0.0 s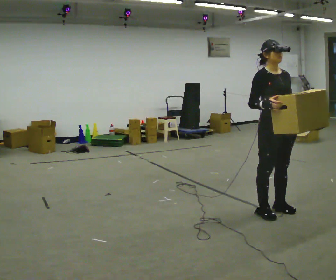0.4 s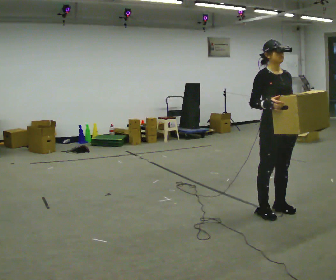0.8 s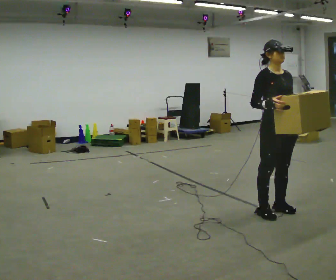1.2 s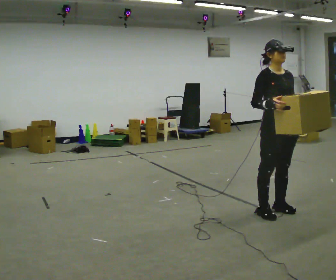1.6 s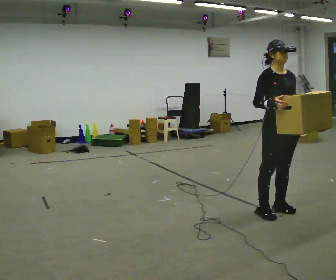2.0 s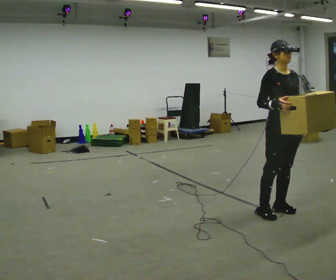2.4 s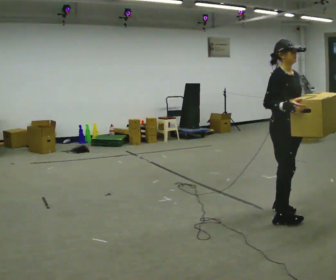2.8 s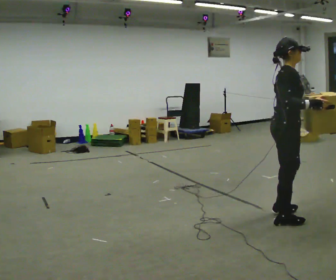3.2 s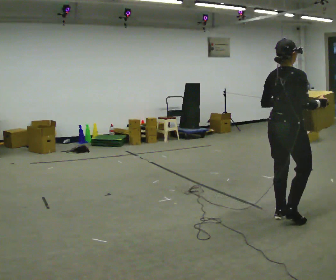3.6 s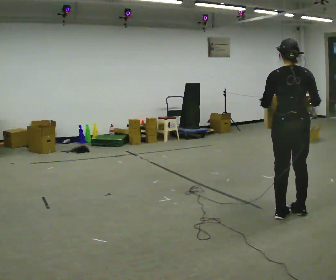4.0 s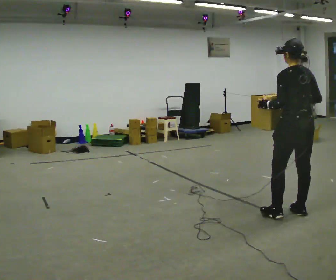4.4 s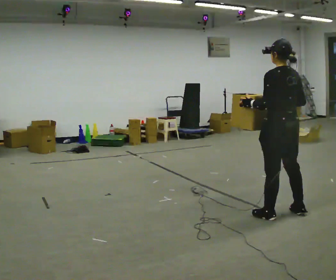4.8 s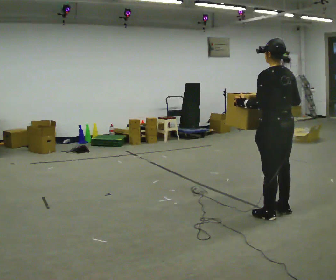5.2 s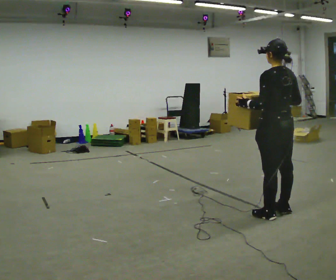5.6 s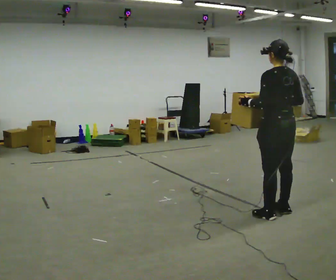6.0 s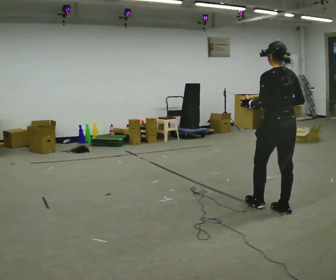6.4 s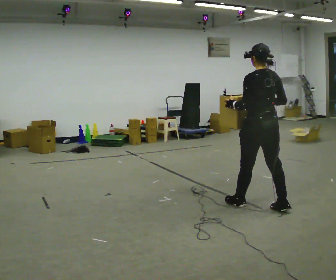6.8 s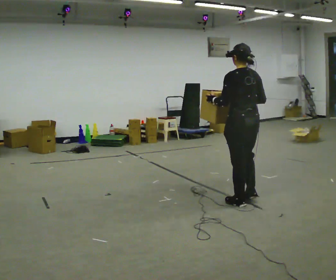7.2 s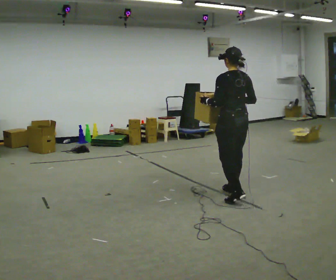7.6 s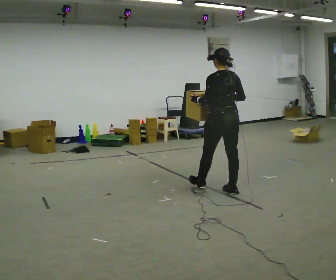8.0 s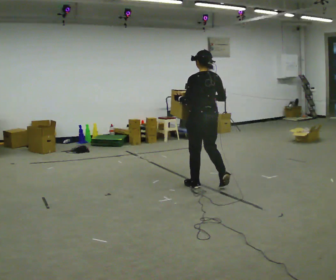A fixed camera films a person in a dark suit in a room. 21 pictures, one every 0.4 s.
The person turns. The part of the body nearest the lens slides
to the right.
The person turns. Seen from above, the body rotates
counterclockwise.
0.0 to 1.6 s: The person moves a little, or ends about where they began.
1.6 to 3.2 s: Seen from above the body turns counterclockwise, about 105 degrees: to their left, with its near side sliding to the right. In the picture their left hand goes to the left.
3.2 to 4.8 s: The part of the body nearest the lens slides to the right as the person turns to their left by about 75 degrees.
4.8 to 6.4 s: In the picture they go away from the camera and to the left, about 0.25 m in 1 step, which for them is forward.
6.4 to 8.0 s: In the picture they go to the left and away from the camera, about 1 m in 2 steps, which for them is forward.
The film runs forward here.
